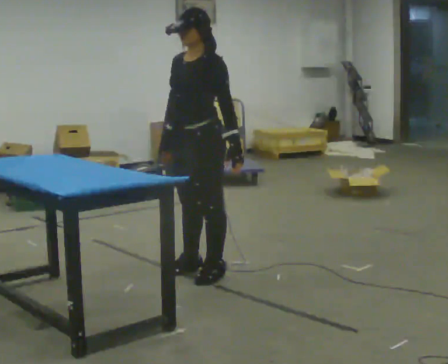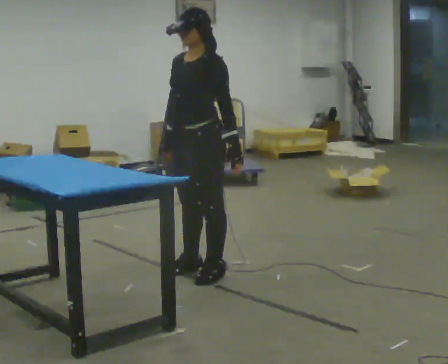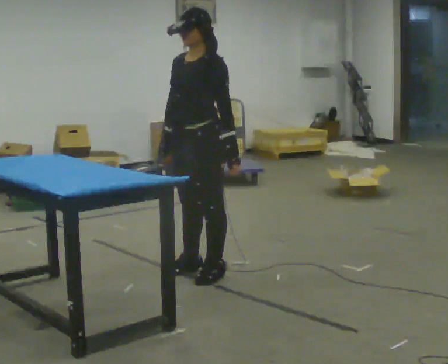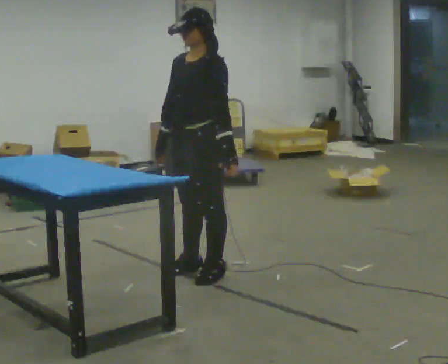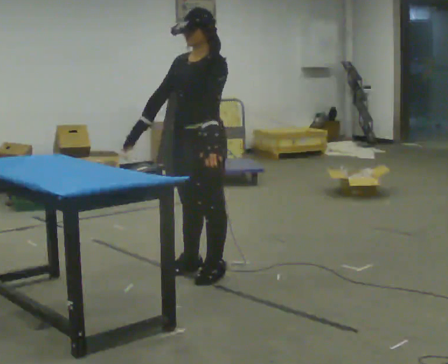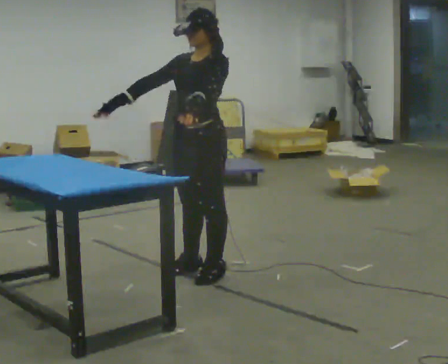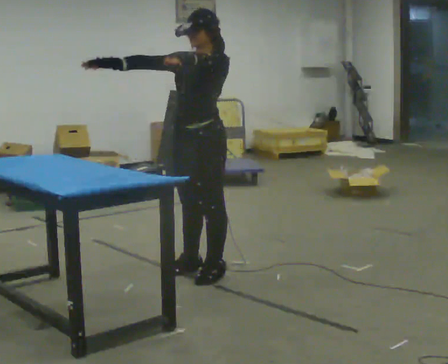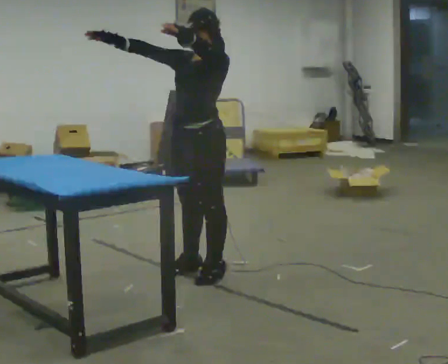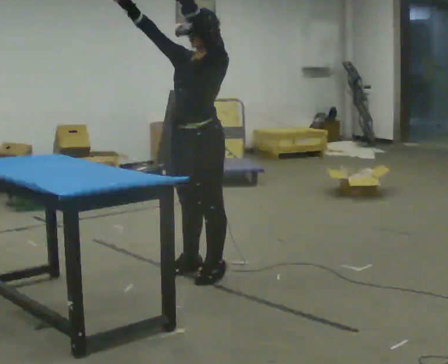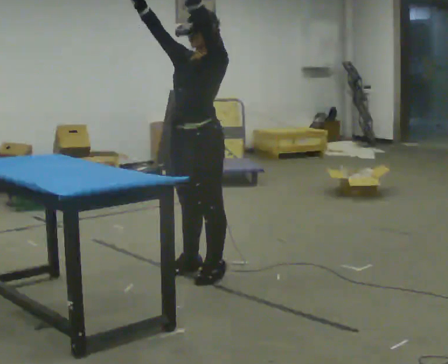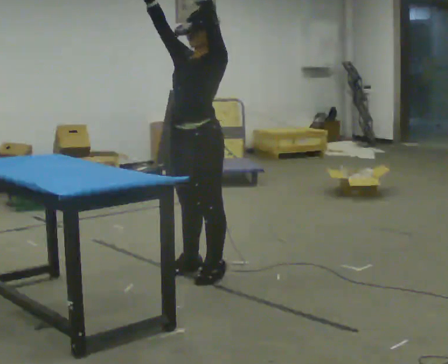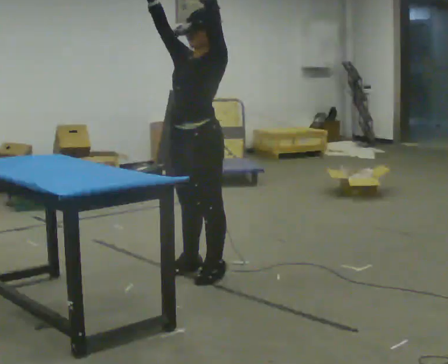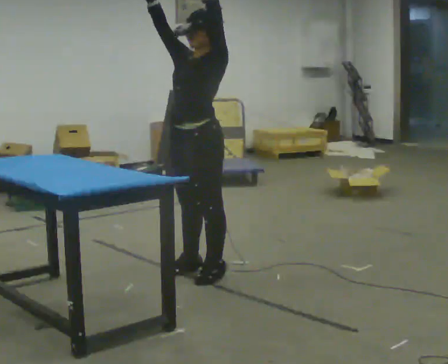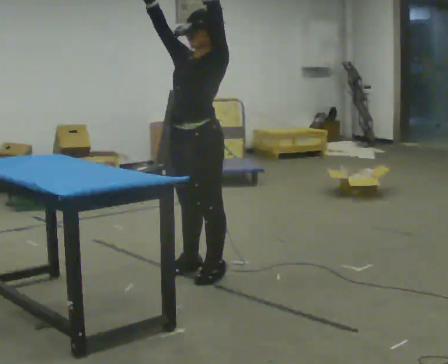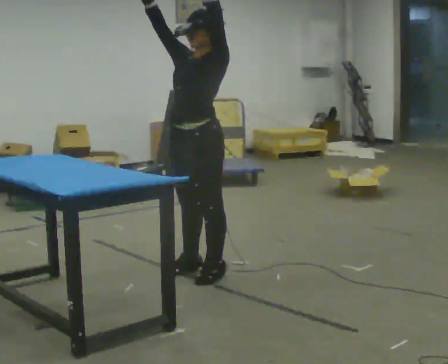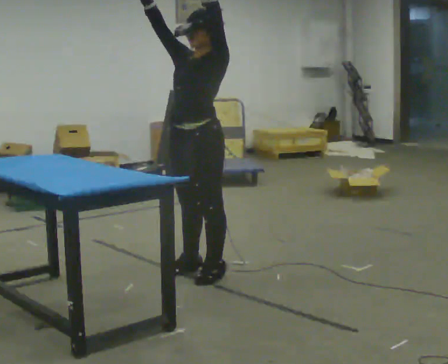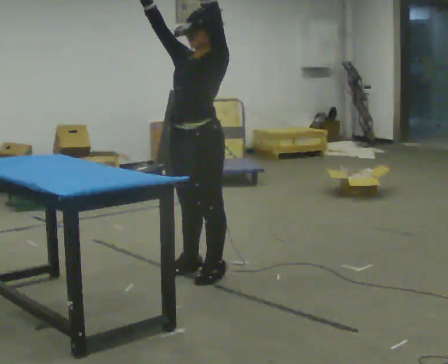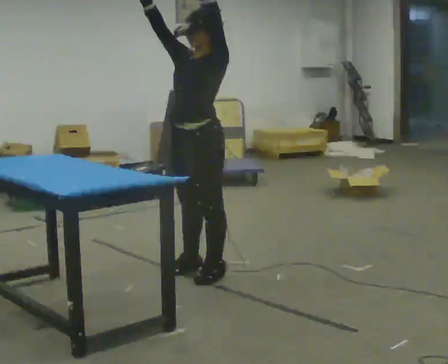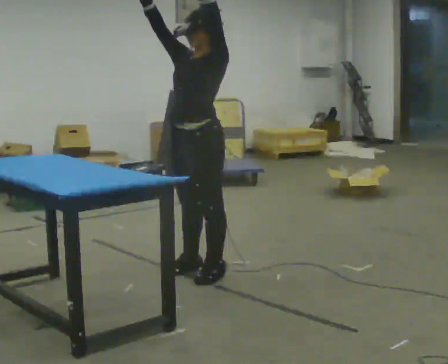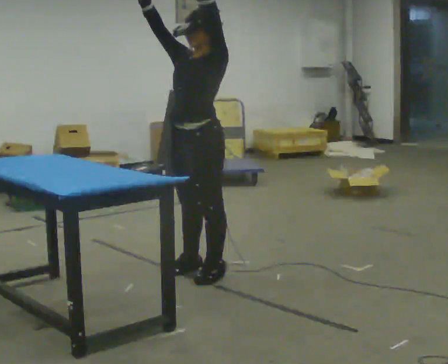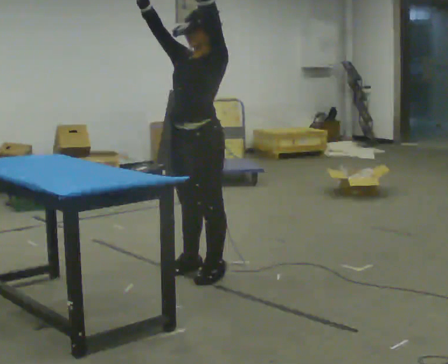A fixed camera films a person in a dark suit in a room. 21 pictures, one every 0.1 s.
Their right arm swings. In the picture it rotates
clockwise.
Their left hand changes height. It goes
upward.
0.0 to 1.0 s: In the picture their right hand goes upward, the arm swinging clockwise.
1.0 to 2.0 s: The person moves a little, or ends about where they began.
The film runs forward here.
